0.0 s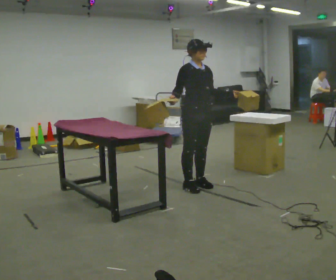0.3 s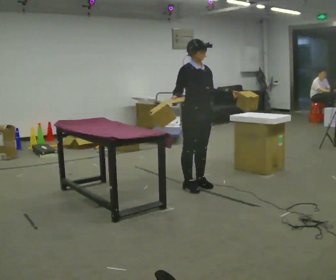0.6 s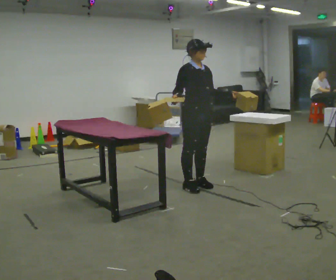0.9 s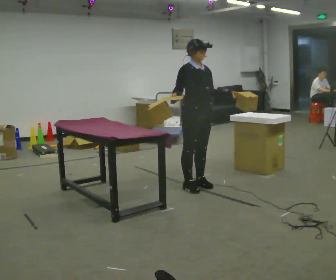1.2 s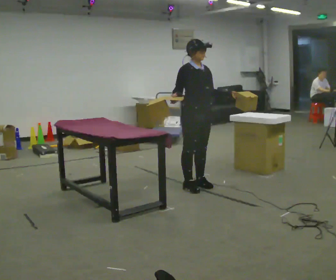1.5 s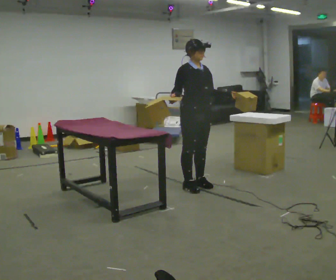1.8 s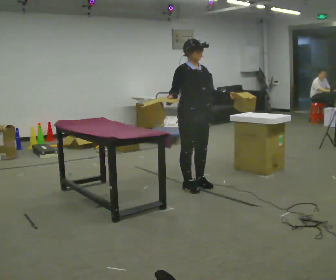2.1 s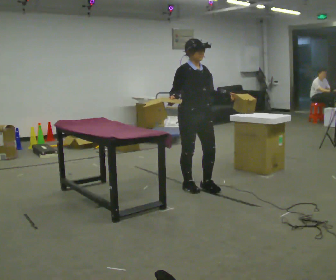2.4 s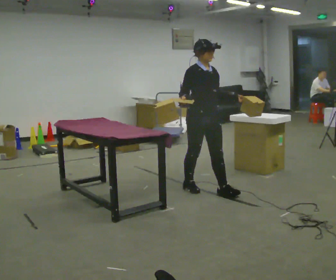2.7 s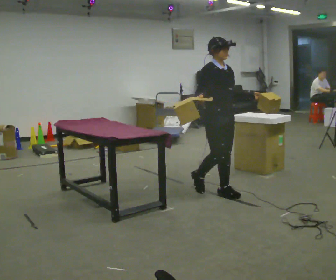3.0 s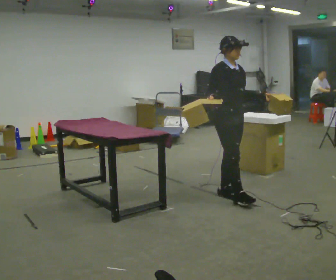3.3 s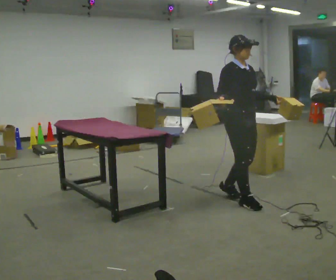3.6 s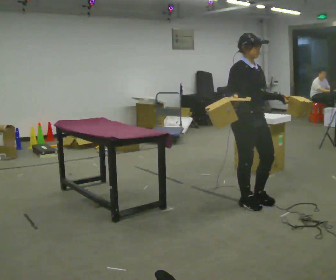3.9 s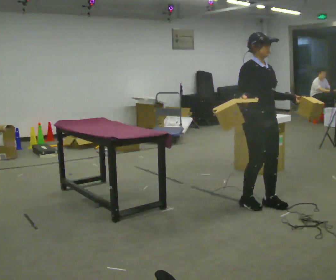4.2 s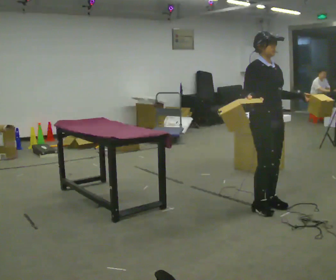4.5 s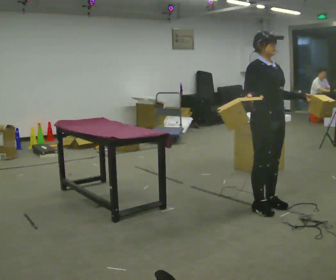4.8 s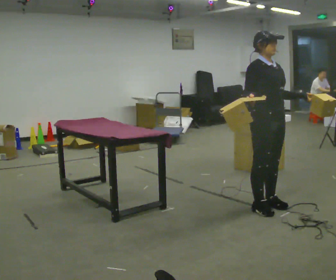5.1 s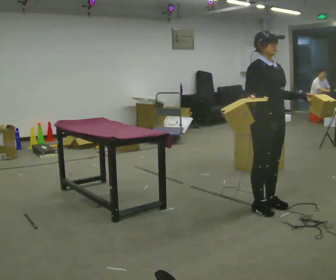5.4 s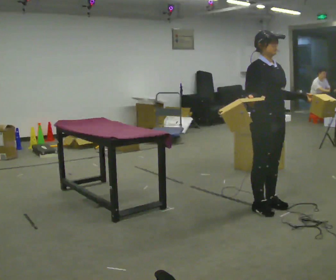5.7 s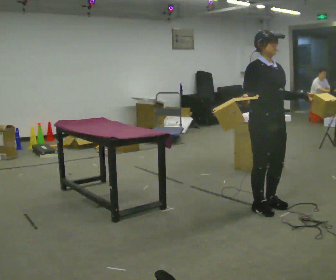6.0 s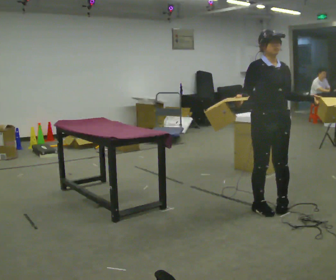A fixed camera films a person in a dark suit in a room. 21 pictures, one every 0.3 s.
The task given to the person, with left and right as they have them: Carry two objects across the room, then put just one of them on the shelf while still holding the other. Then bring them both back. Keep going until the operator says stop; one object at a time, and do not rush between trips.
0.0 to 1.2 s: The person keeps their place and pose.
1.2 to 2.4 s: In the picture they go toward the camera, about 0.25 m in 1 step, which for them is forward.
2.4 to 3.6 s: In the picture they go to the right and toward the camera, about 0.5 m in 1 step, which for them is forward.
3.6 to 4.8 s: In the picture they go to the right, about 0.25 m in 2 steps, which for them is forward.
4.8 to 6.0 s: The person turns about 30 degrees to their right, clockwise seen from above, so the part of the body nearest the lens slides to the left.
The film runs forward here.
